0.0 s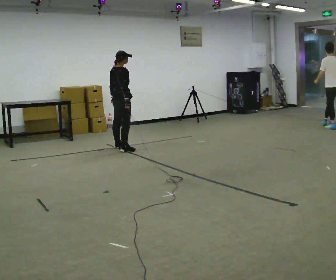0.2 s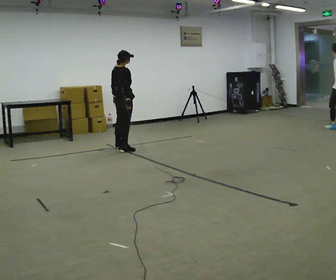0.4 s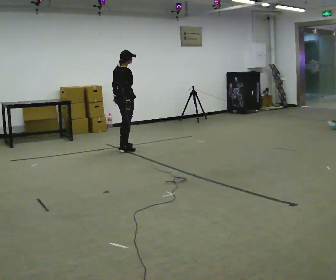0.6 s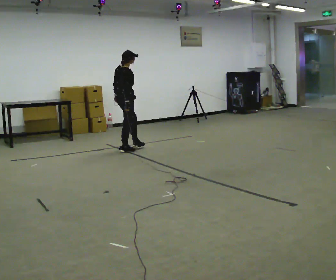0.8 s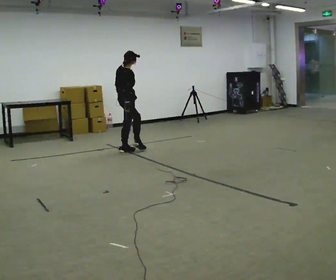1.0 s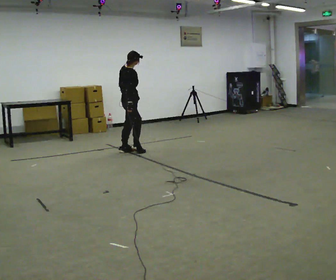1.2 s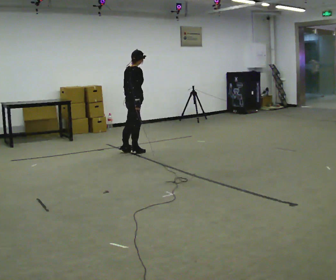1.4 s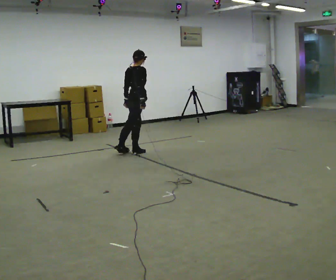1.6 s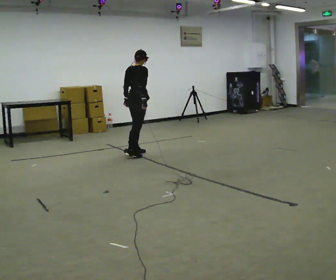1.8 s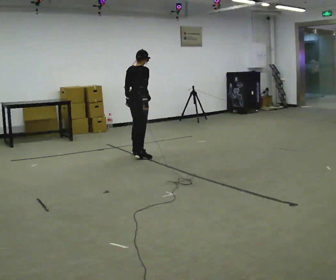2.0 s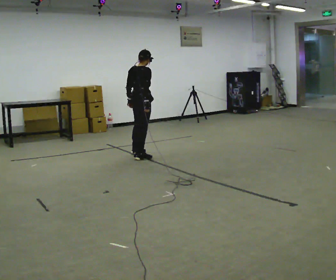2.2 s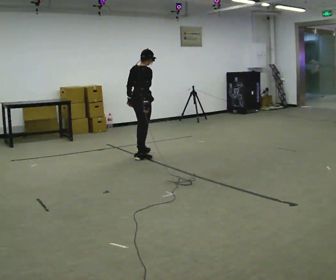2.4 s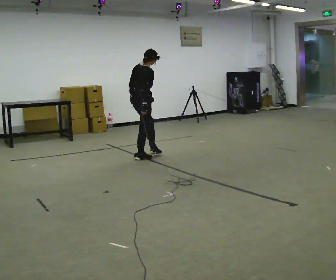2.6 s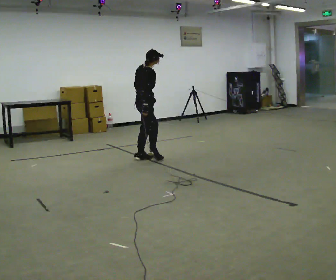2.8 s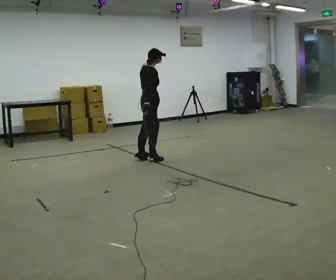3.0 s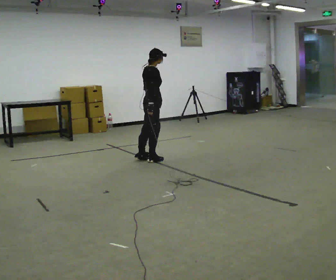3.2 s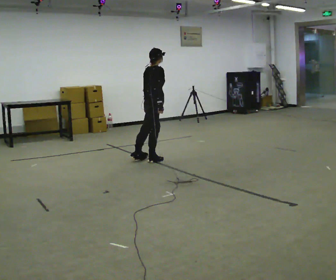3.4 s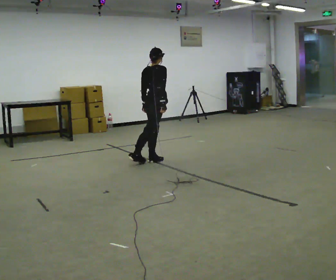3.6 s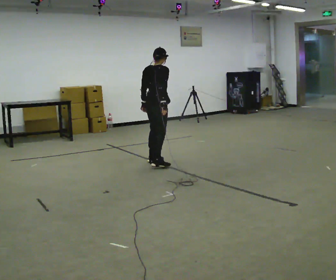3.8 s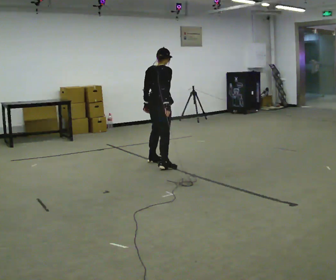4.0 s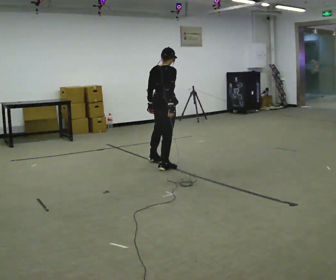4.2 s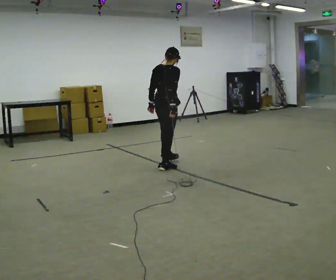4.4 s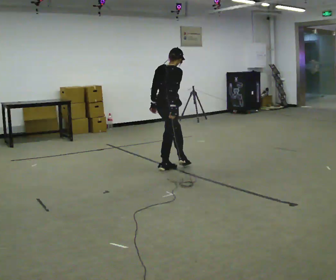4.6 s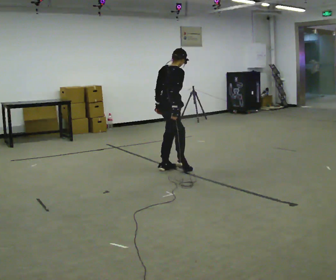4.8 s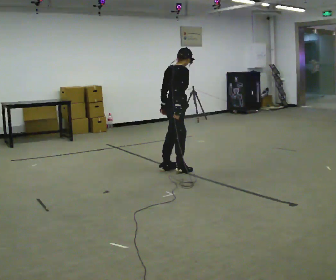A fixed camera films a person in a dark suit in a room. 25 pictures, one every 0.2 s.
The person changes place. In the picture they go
toward the camera.
0.0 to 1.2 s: In the picture they go toward the camera and to the right, about 0.25 m in 1 step, which for them is to their right.
1.2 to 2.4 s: In the picture they go toward the camera, about 0.5 m in 2 steps, which for them is to their right and backward.
2.4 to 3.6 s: In the picture they go toward the camera and to the right, about 0.25 m in 1 step, which for them is to their right and forward.
3.6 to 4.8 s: In the picture they go toward the camera and to the right, about 0.5 m in 1 step, which for them is to their right.
The film runs backward here.
